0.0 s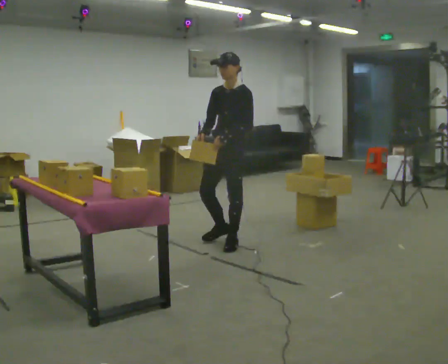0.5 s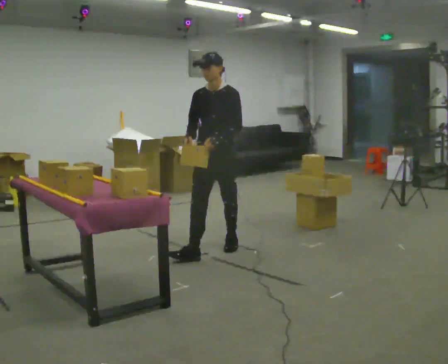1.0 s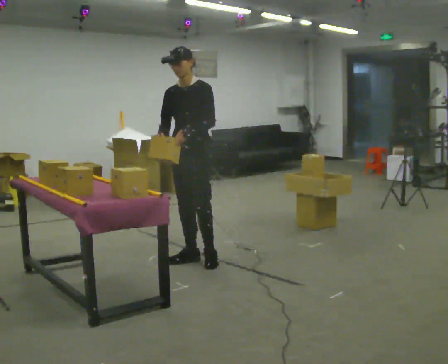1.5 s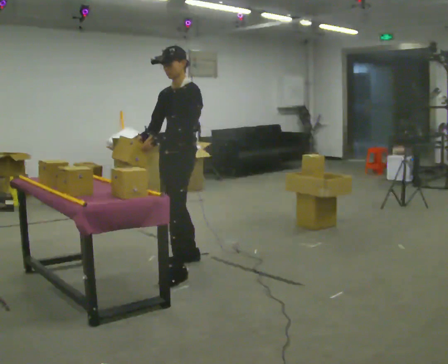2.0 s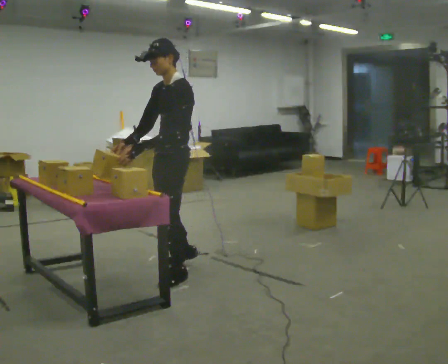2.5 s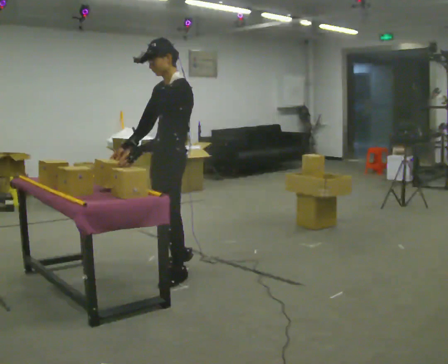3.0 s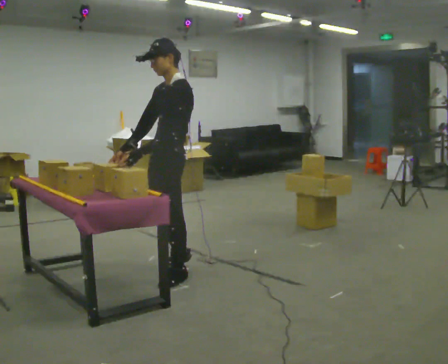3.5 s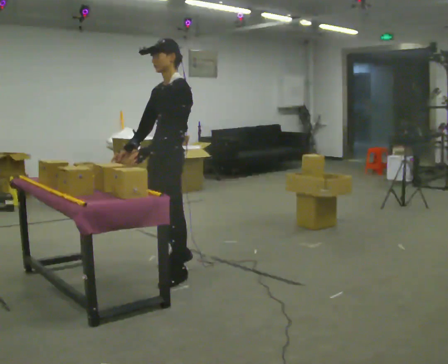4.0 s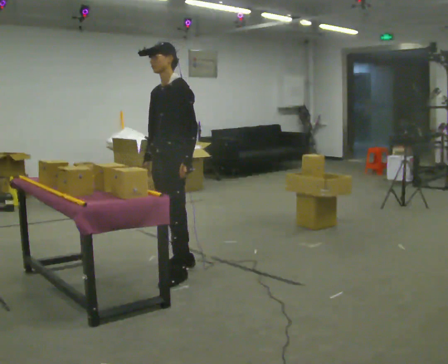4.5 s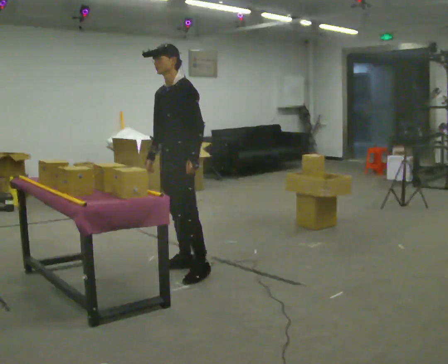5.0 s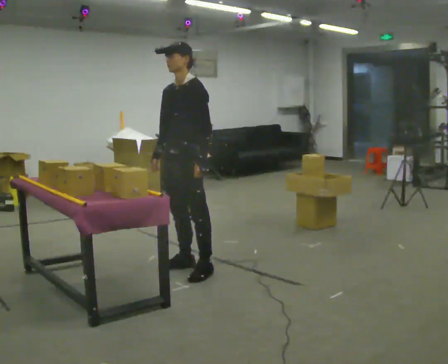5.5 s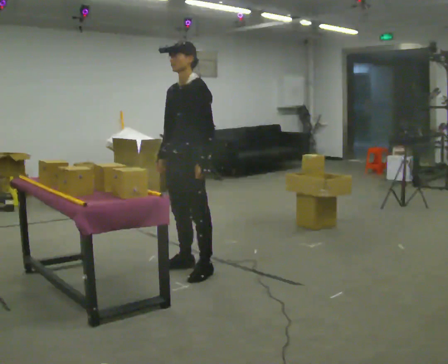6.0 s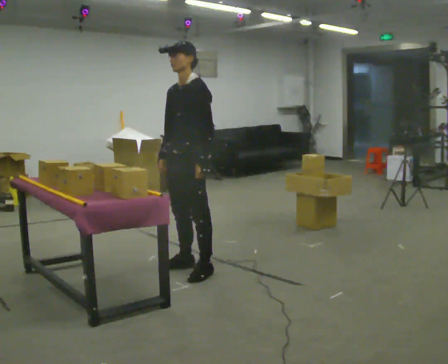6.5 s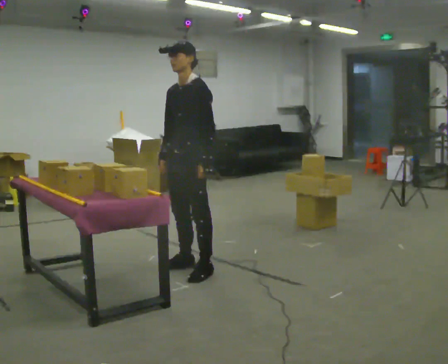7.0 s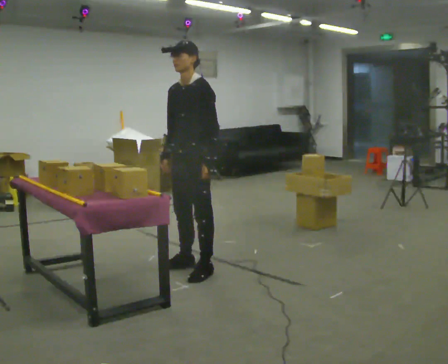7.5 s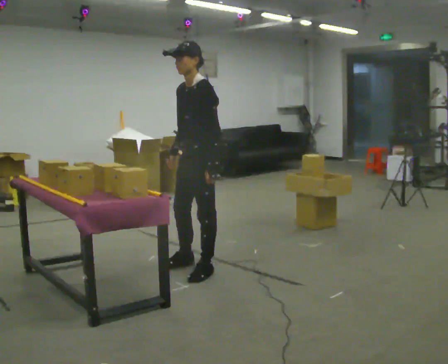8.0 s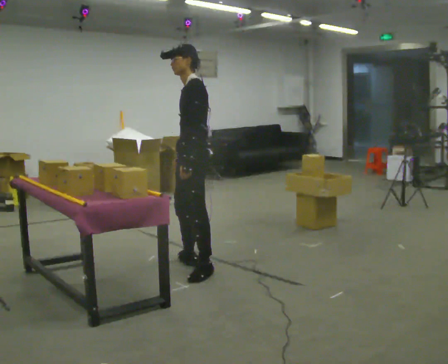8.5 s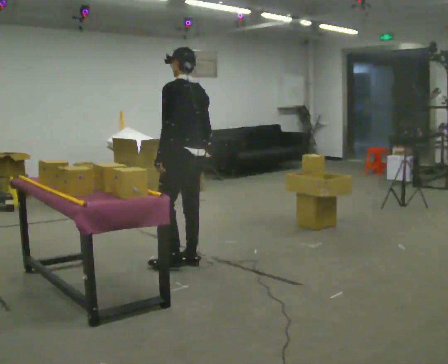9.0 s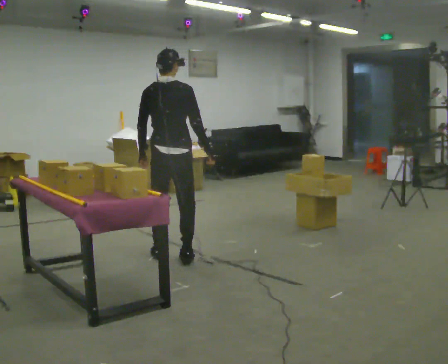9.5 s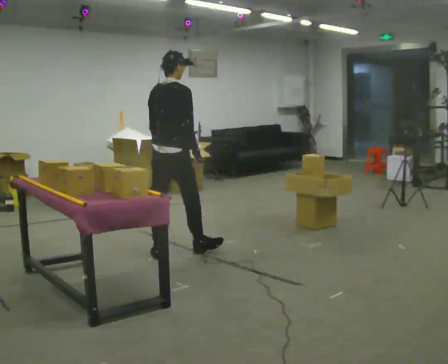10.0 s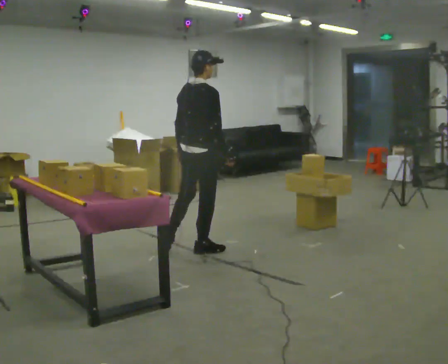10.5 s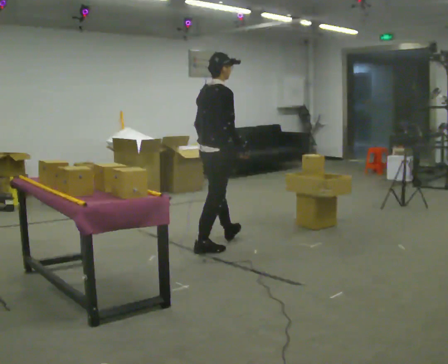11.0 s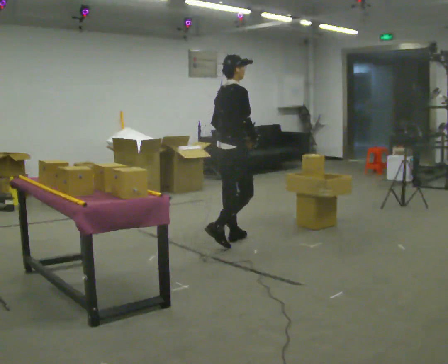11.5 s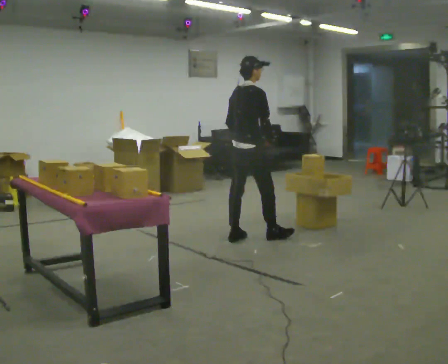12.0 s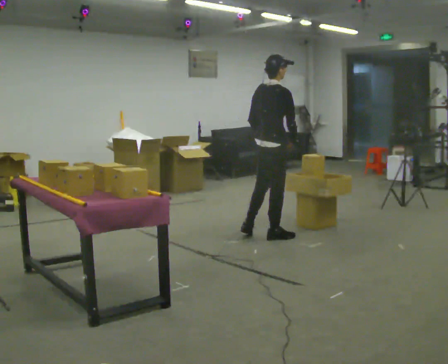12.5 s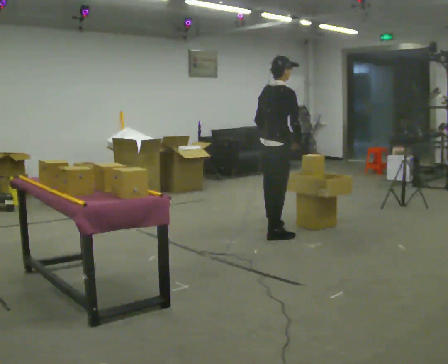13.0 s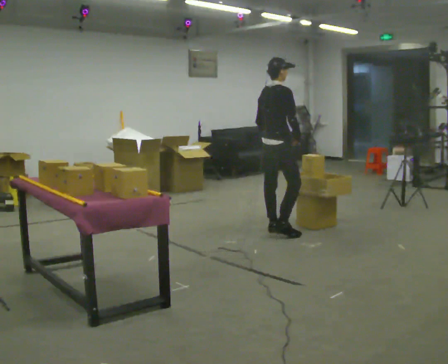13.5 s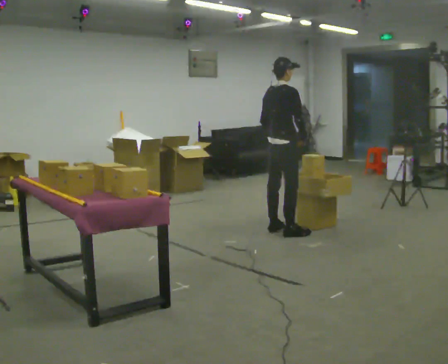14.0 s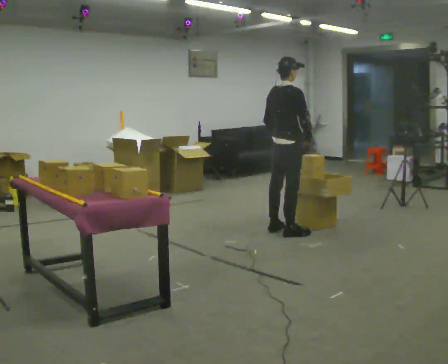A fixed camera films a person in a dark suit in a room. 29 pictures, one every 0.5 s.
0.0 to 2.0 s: In the picture they go toward the camera and to the left, about 1 m in 3 steps, which for them is forward.
2.0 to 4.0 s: In the picture they go away from the camera, about 0.25 m, which for them is to their right. In the picture their left hand goes to the right.
4.0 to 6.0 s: The person moves a little, or ends about where they began.
6.0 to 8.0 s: Seen from above the body turns clockwise, about 30 degrees: to their right, with its near side sliding to the left.
8.0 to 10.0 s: Seen from above the body turns clockwise, about 135 degrees: to their right, with its near side sliding to the left. In the picture they go away from the camera, about 0.5 m in 2 steps.
10.0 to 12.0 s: In the picture they go to the right and away from the camera, about 1 m in 2 steps, which for them is forward.
12.0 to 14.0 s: In the picture they go to the right and away from the camera, about 0.25 m in 2 steps, which for them is forward.
The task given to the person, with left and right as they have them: Carry the object over and fit it into the gap between the two boxes already on the shelf, without touching either of them. Keep going until the operator says stop; one object at a time, and do not rush between trips.
The film runs forward here.
